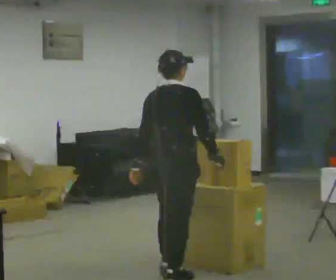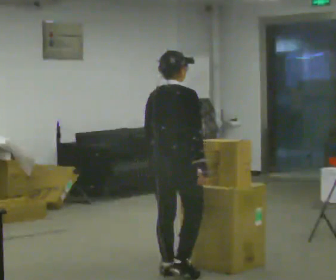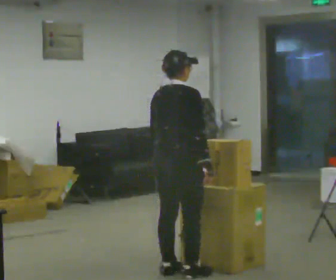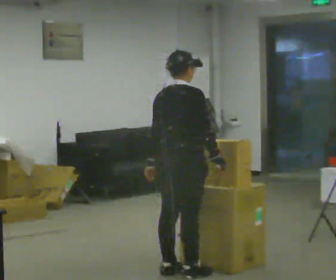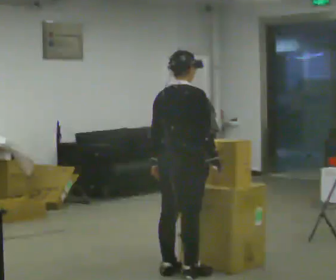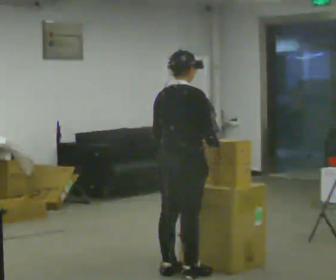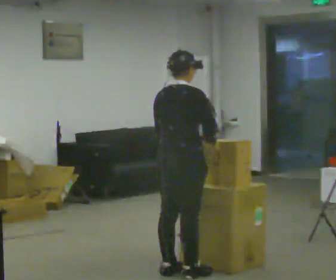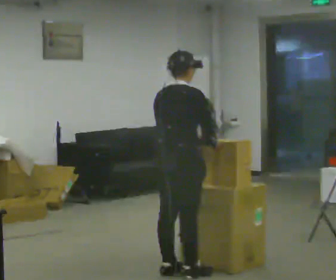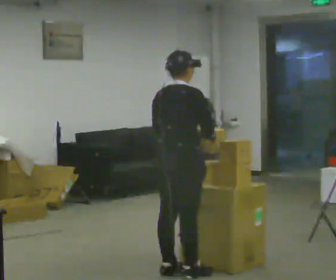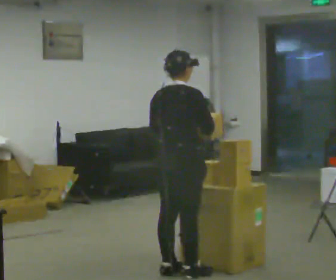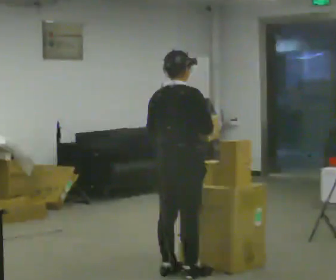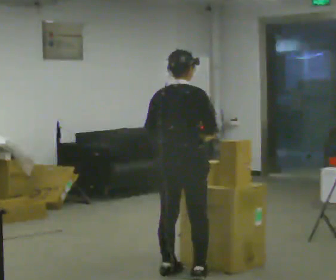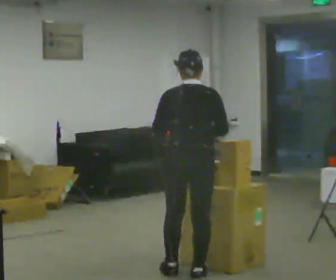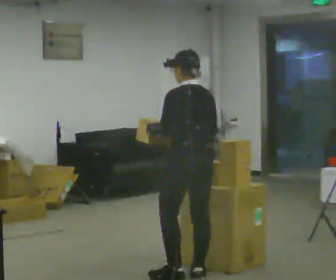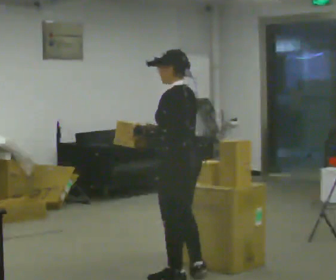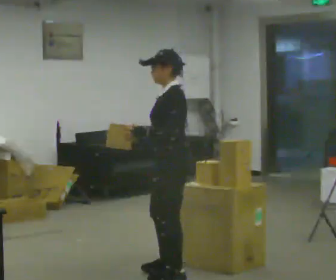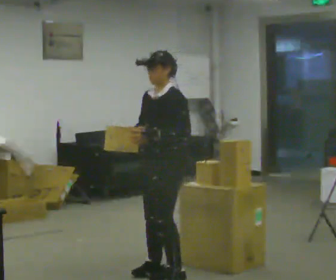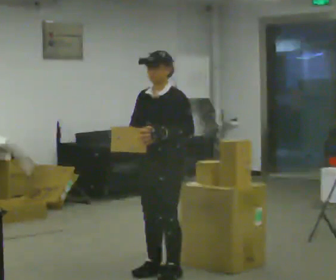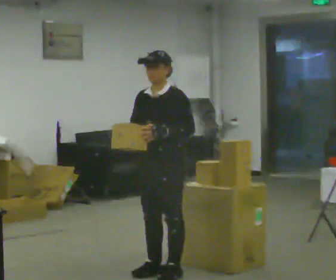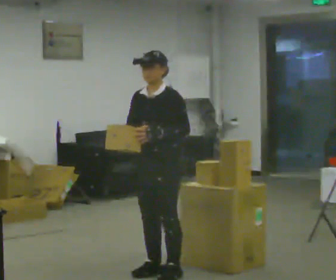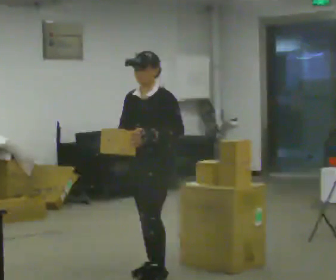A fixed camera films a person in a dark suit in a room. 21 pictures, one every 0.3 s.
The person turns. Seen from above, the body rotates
counterclockwise.
The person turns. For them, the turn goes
to their left.
0.0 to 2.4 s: The person moves a little, or ends about where they began.
2.4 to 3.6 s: Seen from above the body turns counterclockwise, about 45 degrees: to their left, with its near side sliding to the right.
3.6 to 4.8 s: Seen from above the body turns counterclockwise, about 120 degrees: to their left, with its near side sliding to the right. In the picture they go to the left, about 0.25 m in 2 steps.
4.8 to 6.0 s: The person moves a little, or ends about where they began.
The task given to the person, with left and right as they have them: Move objects one at a time from the waist-height shelf at one end of the room to the waist-height shelf at the other end. Keep going until the operator says stop; one object at a time, and do not rush between trips.
The film runs forward here.
